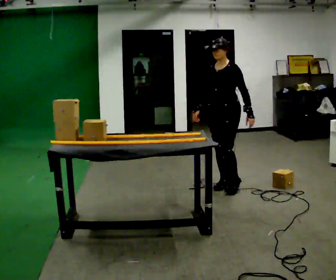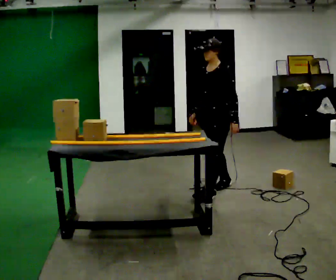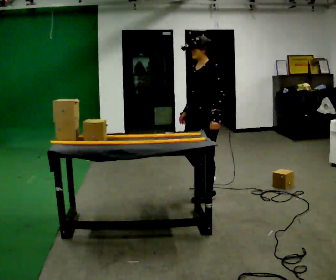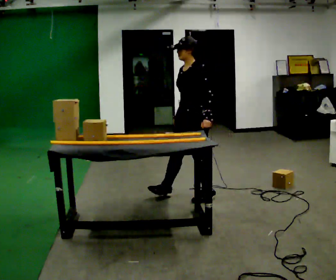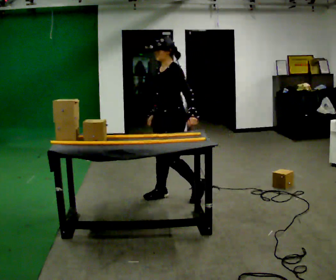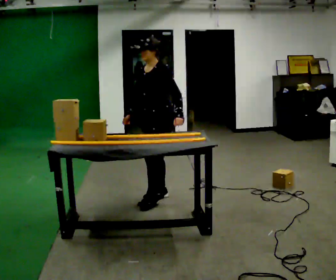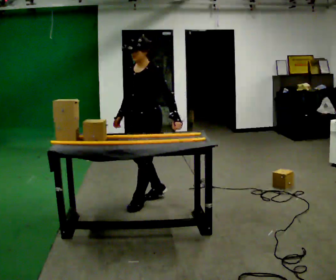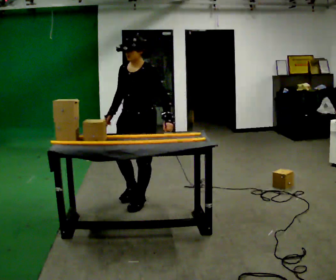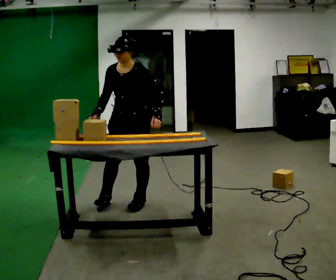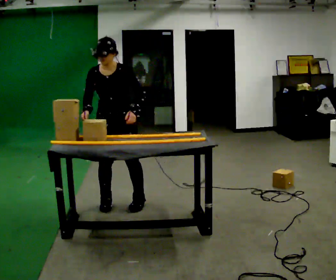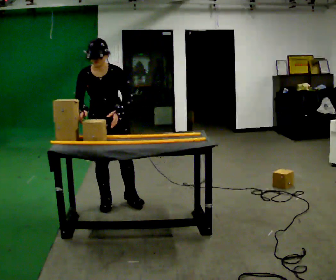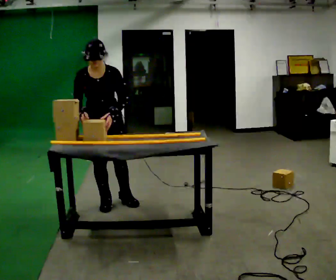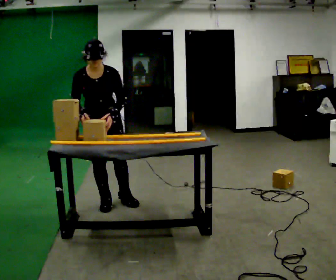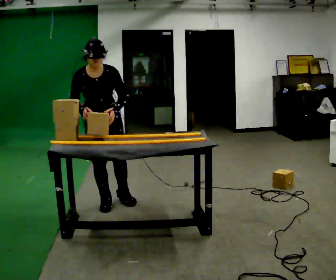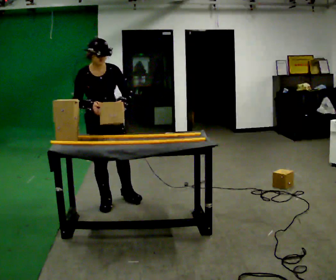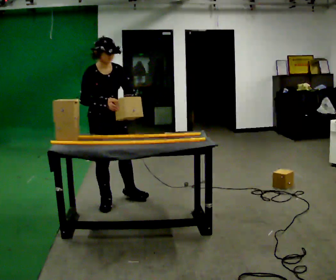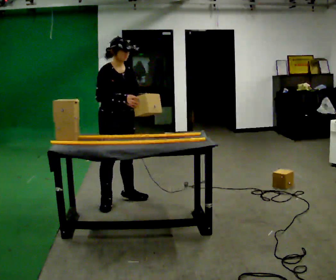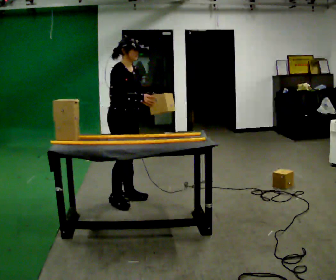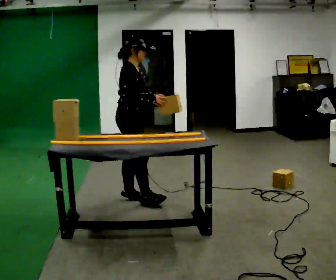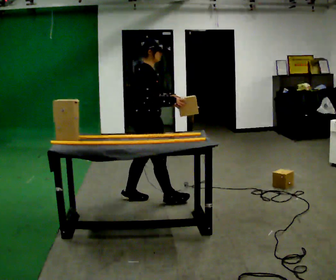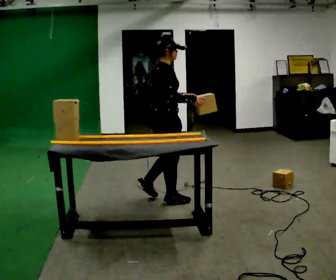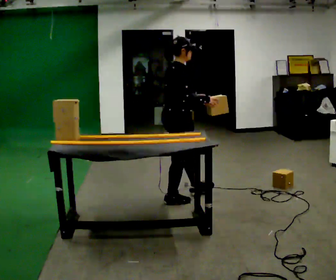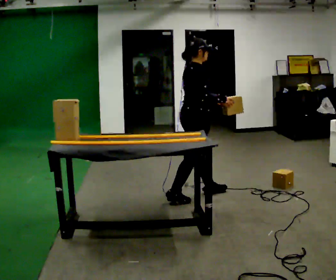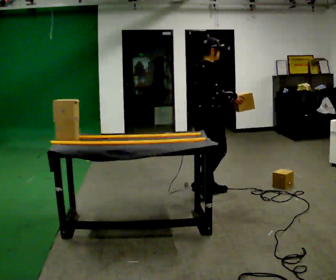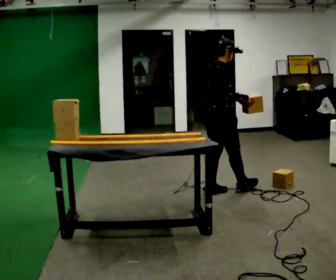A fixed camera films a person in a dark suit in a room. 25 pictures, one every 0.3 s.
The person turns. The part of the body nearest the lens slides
to the right.
The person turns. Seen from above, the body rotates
counterclockwise.
0.0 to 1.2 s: In the picture they go to the left, about 0.5 m in 2 steps, which for them is forward.
1.2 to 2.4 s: Seen from above the body turns counterclockwise, about 45 degrees: to their left, with its near side sliding to the right. In the picture they go to the left, about 0.5 m in 2 steps, which for them is forward and to their right.
2.4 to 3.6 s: The person turns about 30 degrees to their left, counterclockwise seen from above, so the part of the body nearest the lens slides to the right. In the picture they go to the left, about 0.25 m in 1 step, which for them is to their right.
3.6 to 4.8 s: The part of the body nearest the lens slides to the right as the person turns to their left by about 30 degrees. In the picture they go to the right, about 0.25 m, which for them is to their left. The upper body tips away from the camera, its near side rolling upward. In the picture their left hand goes to the right.
4.8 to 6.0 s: The part of the body nearest the lens slides to the right as the person turns to their left by about 45 degrees. In the picture they go to the right and toward the camera, about 0.5 m in 1 step, which for them is forward.
6.0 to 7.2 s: In the picture they go to the right, about 0.5 m in 1 step, which for them is forward.
The film runs forward here.
